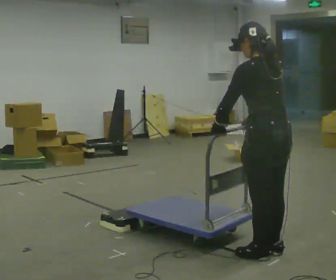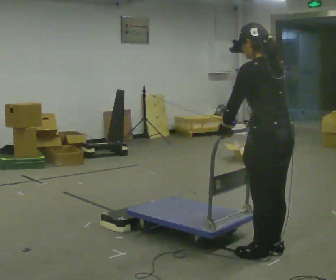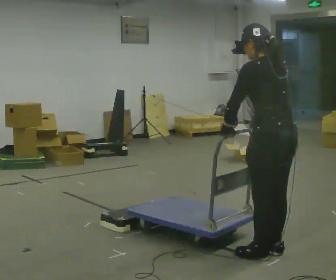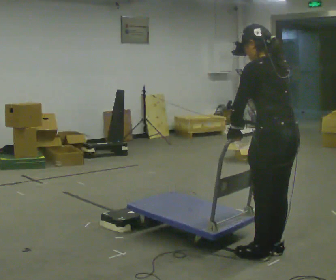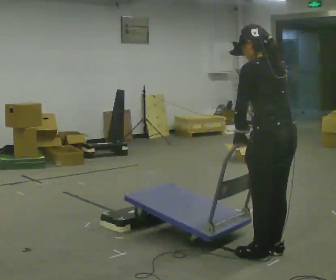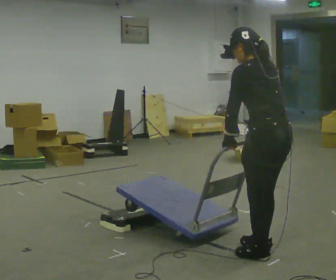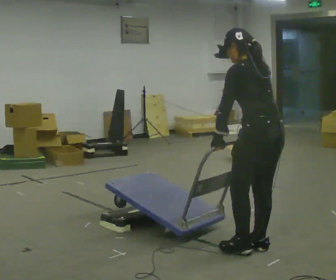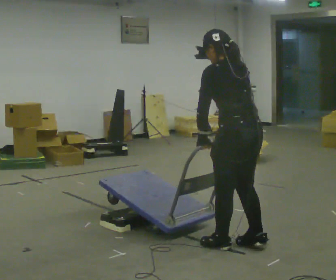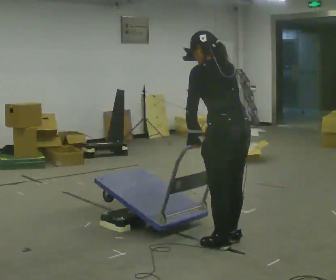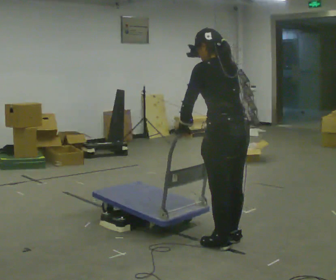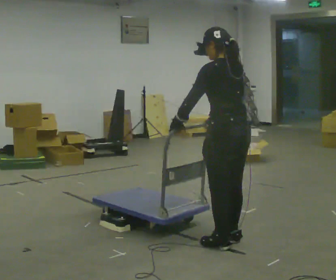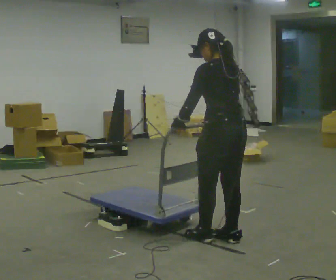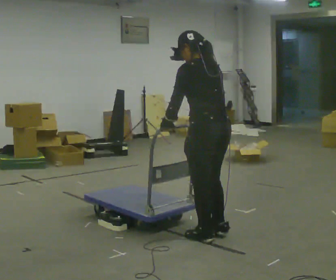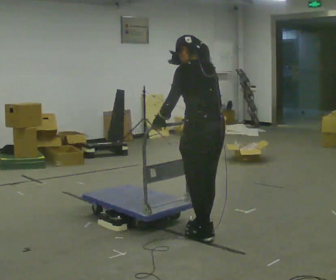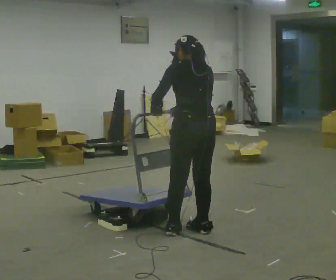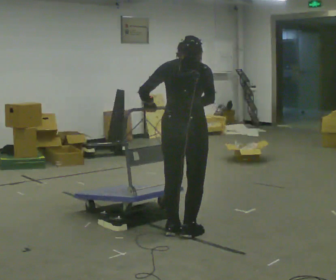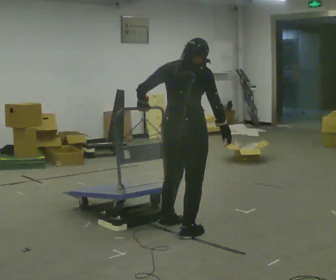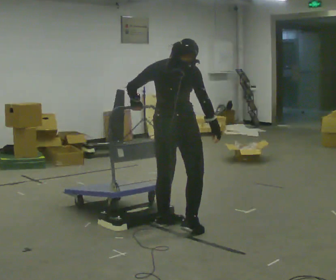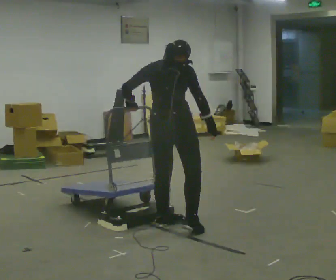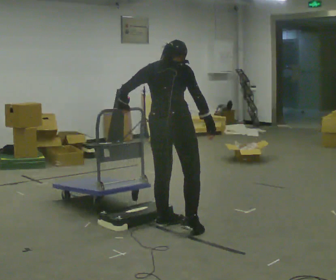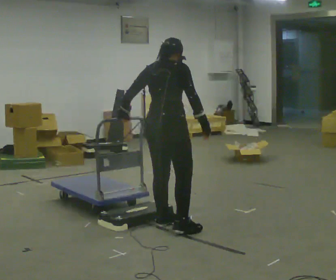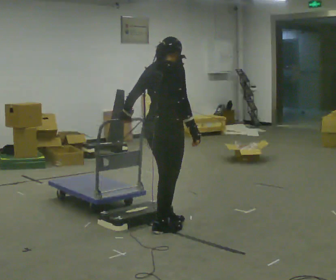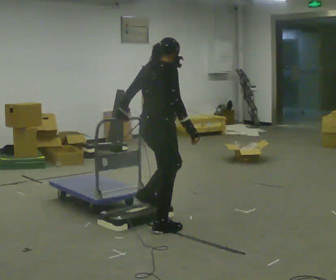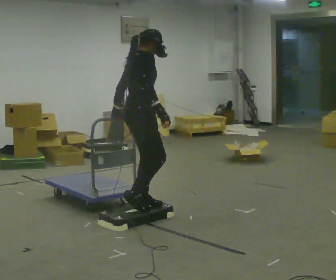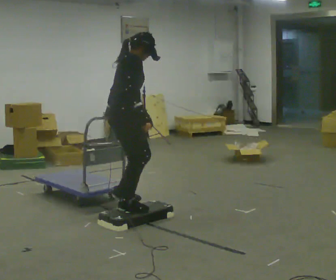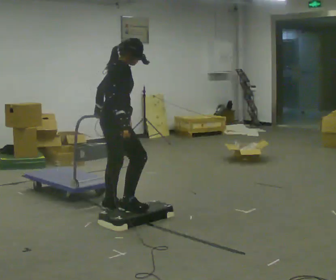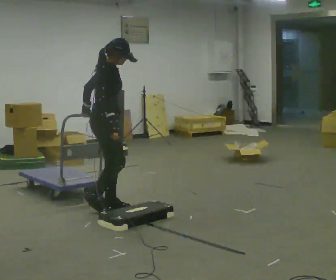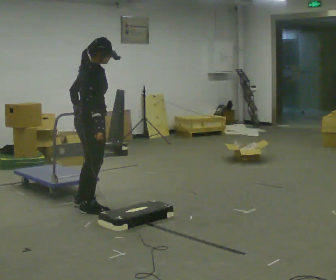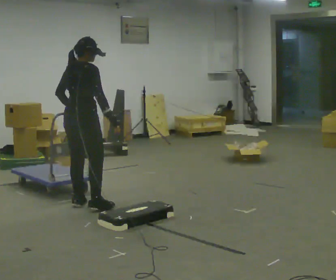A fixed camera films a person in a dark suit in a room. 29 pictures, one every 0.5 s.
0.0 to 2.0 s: The person moves a little, or ends about where they began.
2.0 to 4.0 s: In the picture they go to the left and away from the camera, about 0.25 m in 2 steps, which for them is forward.
4.0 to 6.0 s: In the picture they go away from the camera, about 0.25 m in 2 steps, which for them is forward.
6.0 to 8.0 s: Seen from above the body turns clockwise, about 60 degrees: to their right, with its near side sliding to the left. In the picture they go to the left and away from the camera, about 0.25 m in 3 steps. In the picture the upper body tilts clockwise, shoulders to the right.
8.0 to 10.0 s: In the picture they go away from the camera, about 0.25 m, which for them is to their left and forward.
10.0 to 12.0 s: The person turns about 45 degrees to their right, clockwise seen from above, so the part of the body nearest the lens slides to the left. In the picture they go to the left and away from the camera, about 0.5 m in 4 steps, which for them is to their left and backward.
12.0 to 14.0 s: Seen from above the body turns counterclockwise, about 45 degrees: to their left, with its near side sliding to the right. In the picture they go to the left and away from the camera, about 0.5 m in 3 steps, which for them is to their left and backward.
The film runs backward here.
